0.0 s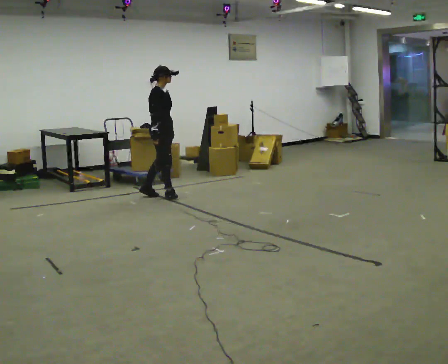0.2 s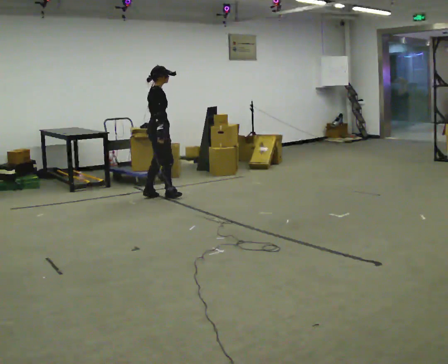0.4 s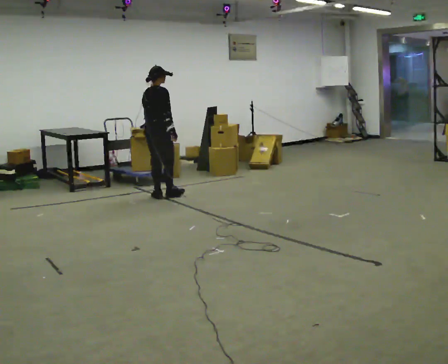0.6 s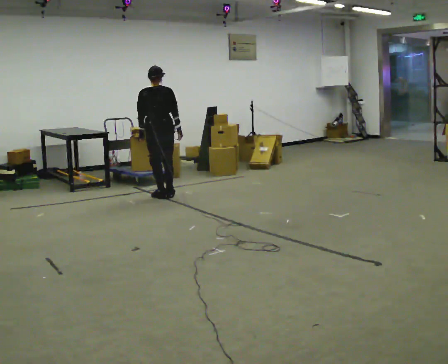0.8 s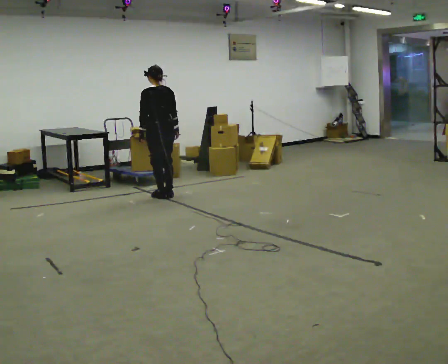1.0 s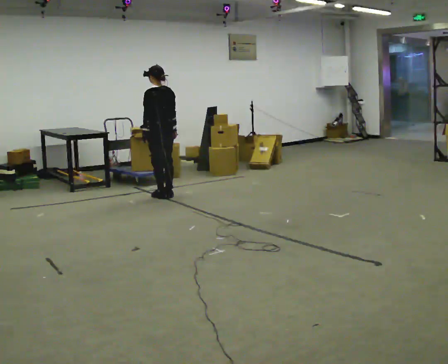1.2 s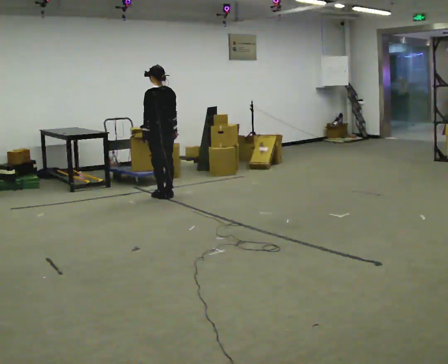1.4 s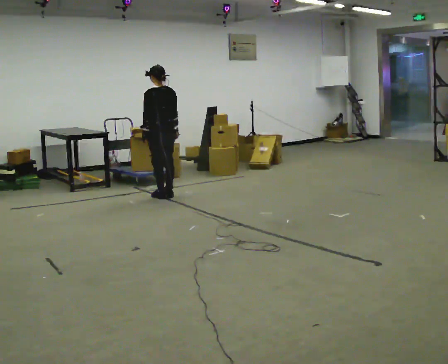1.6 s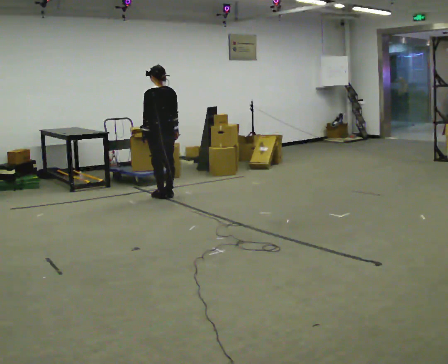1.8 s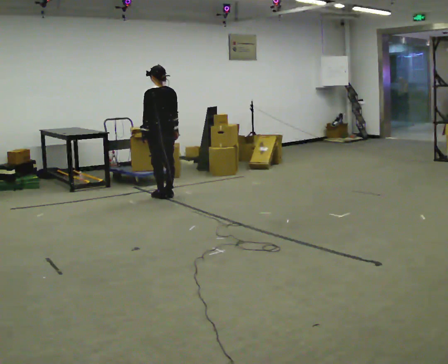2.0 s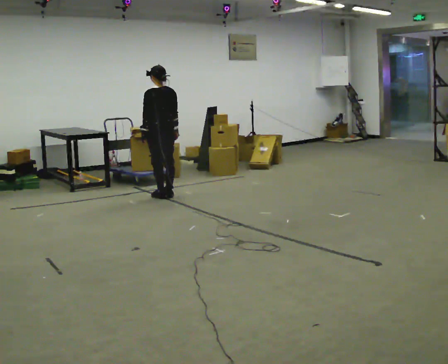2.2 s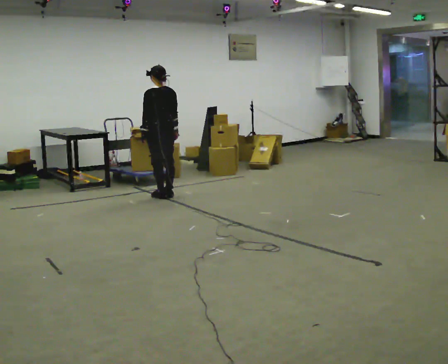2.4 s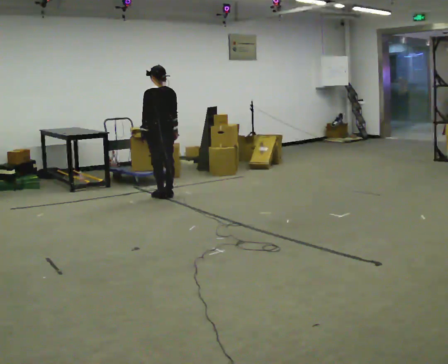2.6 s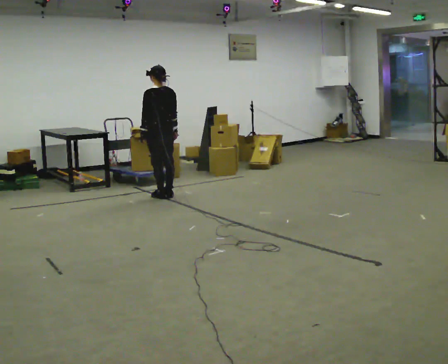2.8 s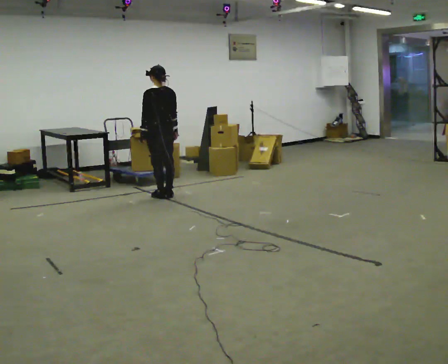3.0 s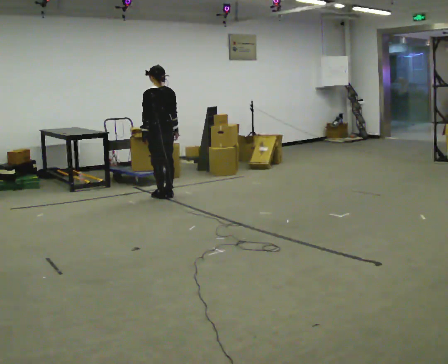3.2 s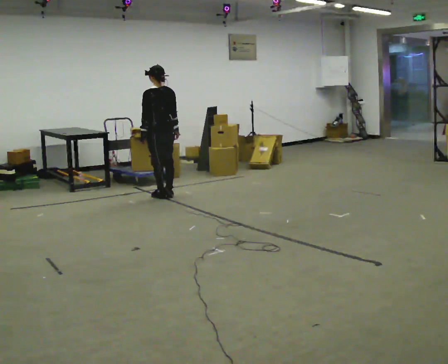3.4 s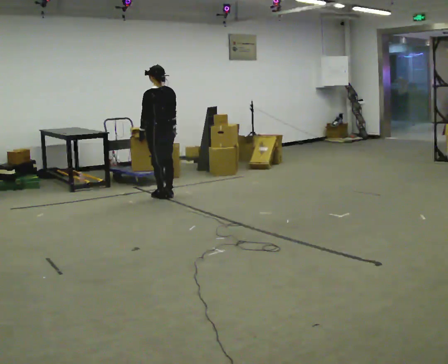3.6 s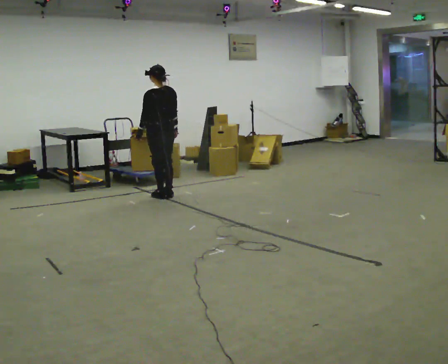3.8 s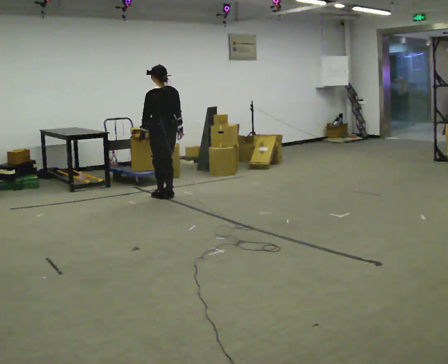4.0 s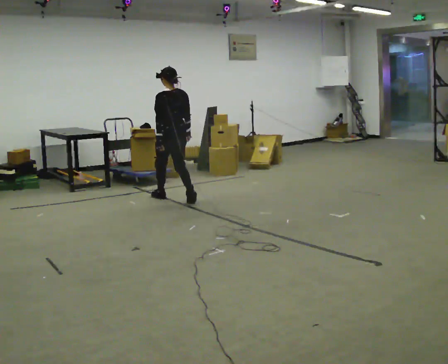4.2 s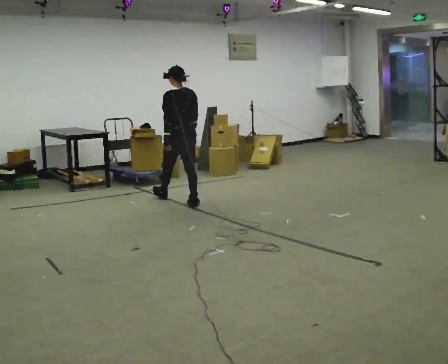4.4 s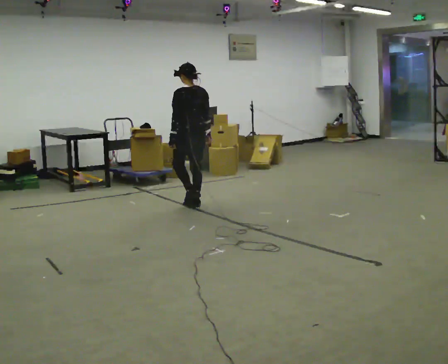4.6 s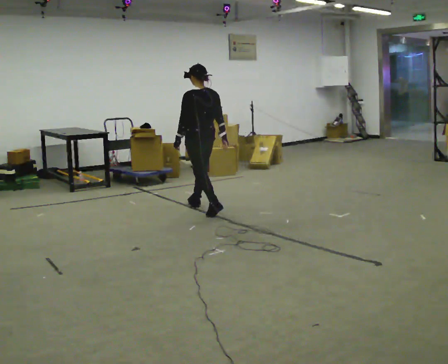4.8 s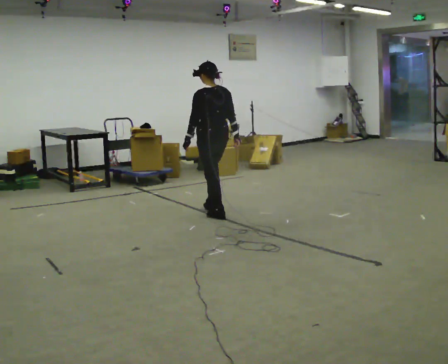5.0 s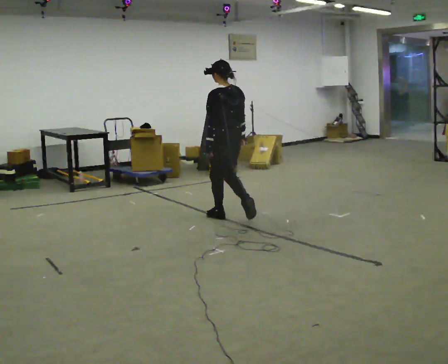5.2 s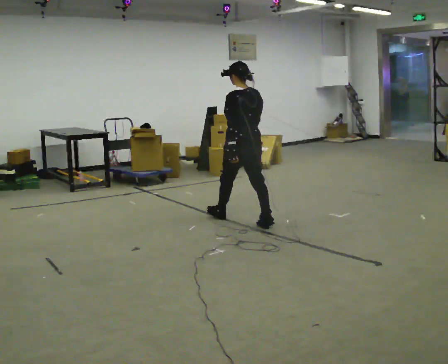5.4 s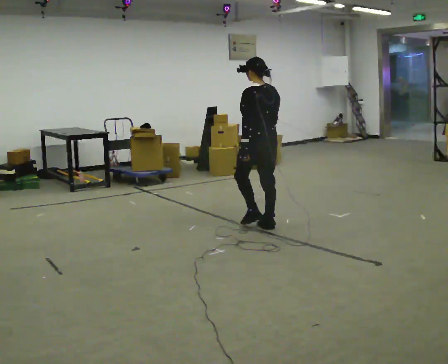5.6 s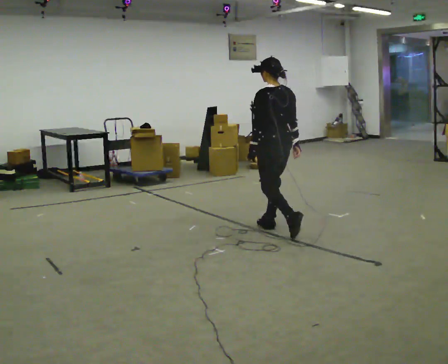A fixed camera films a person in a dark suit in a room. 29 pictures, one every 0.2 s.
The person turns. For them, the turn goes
to their left.
The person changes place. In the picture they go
toward the camera.
0.0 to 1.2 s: Seen from above the body turns counterclockwise, about 150 degrees: to their left, with its near side sliding to the right.
1.2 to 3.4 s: The person moves a little, or ends about where they began.
3.4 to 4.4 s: In the picture they go toward the camera and to the right, about 0.5 m in 2 steps, which for them is backward.
4.4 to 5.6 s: In the picture they go toward the camera and to the right, about 1.5 m in 2 steps, which for them is backward.
The film runs backward here.
